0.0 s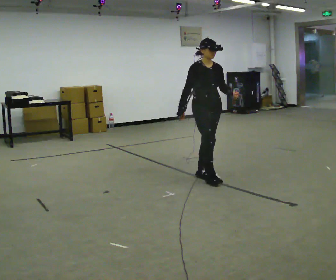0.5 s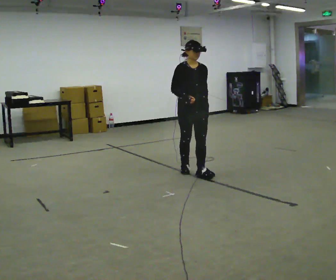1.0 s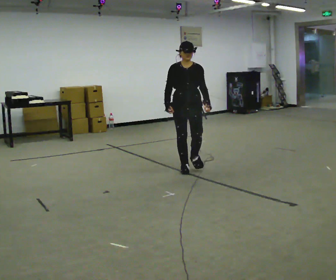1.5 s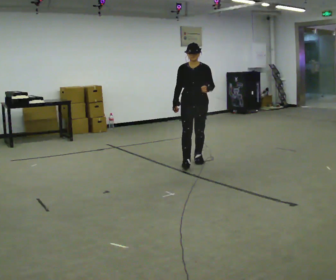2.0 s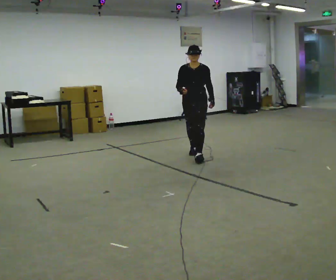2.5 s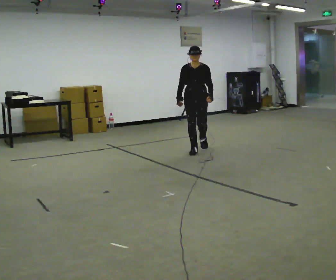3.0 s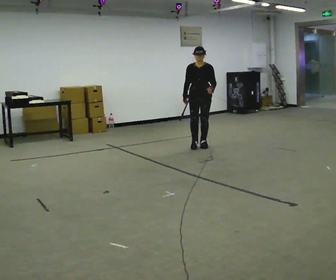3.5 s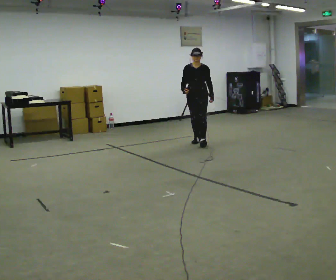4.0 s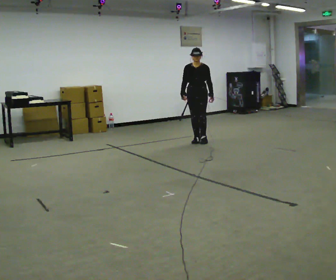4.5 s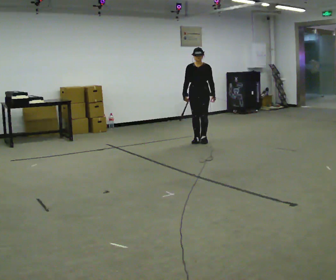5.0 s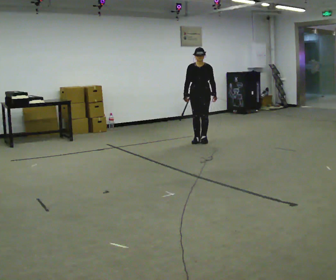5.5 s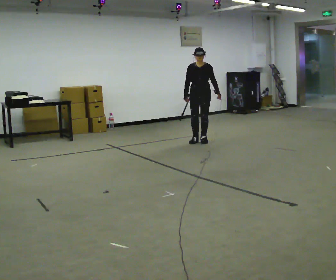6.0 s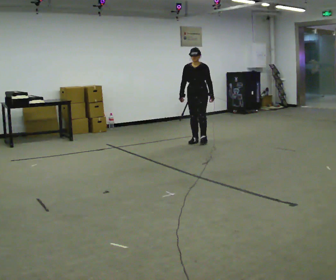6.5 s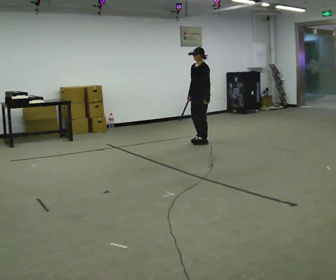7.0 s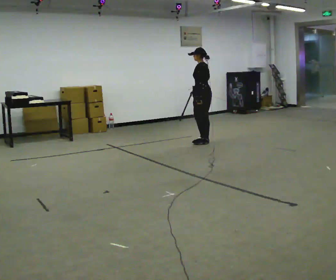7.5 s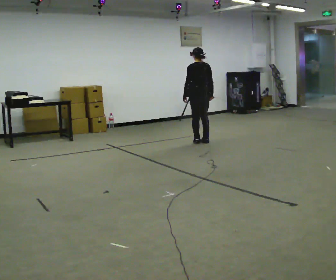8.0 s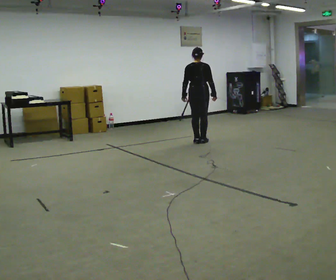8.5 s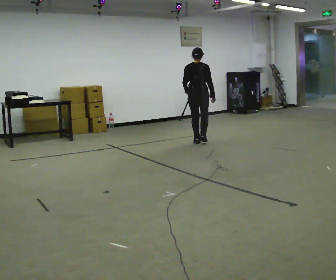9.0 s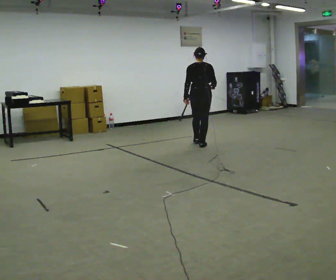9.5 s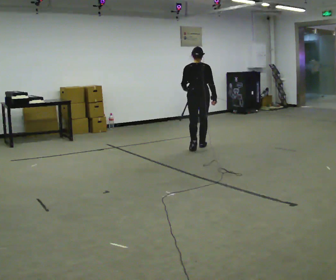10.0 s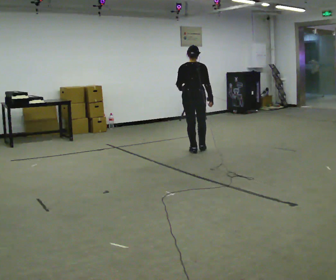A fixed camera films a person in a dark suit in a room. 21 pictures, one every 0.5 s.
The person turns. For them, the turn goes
to their right.
The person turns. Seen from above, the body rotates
clockwise.
0.0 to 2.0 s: The part of the body nearest the lens slides to the left as the person turns to their right by about 60 degrees. In the picture they go away from the camera, about 1 m in 2 steps, which for them is backward.
2.0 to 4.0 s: In the picture they go away from the camera, about 1 m in 3 steps, which for them is backward.
4.0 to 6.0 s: The person moves a little, or ends about where they began.
6.0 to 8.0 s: The person turns about 180 degrees to their right, clockwise seen from above, so the part of the body nearest the lens slides to the left. In the picture their right hand goes to the right, the arm swinging counterclockwise.
8.0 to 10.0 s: In the picture they go toward the camera, about 0.5 m in 3 steps, which for them is backward.
The film runs backward here.
